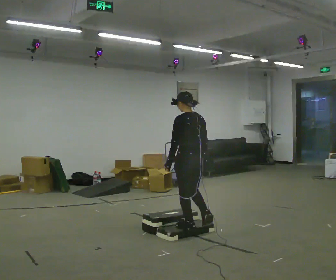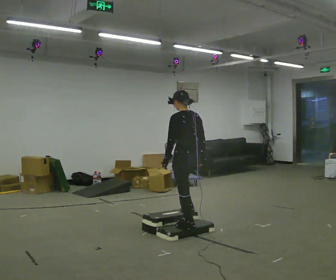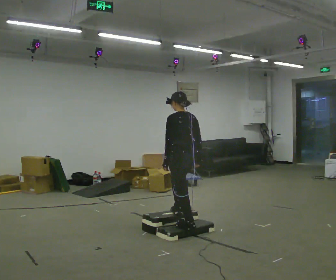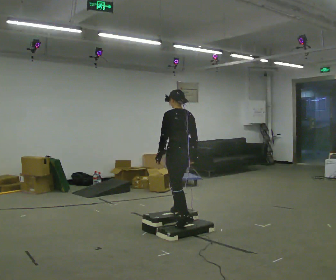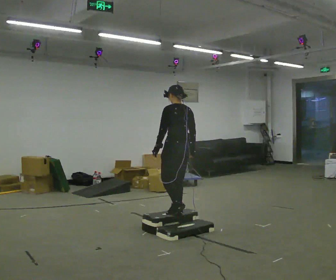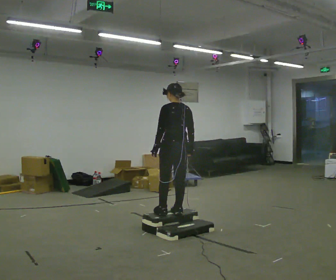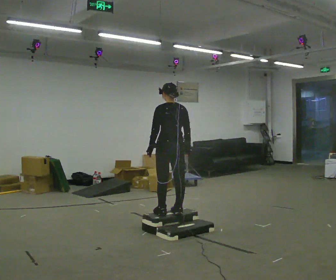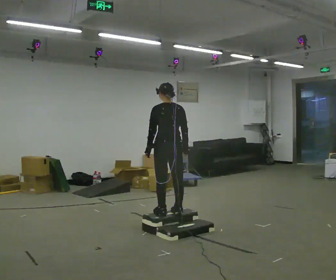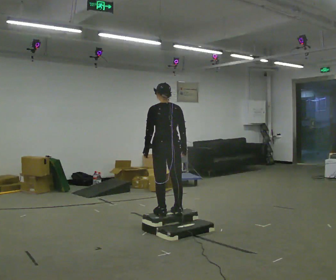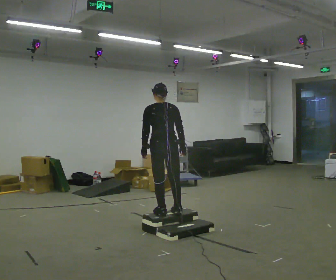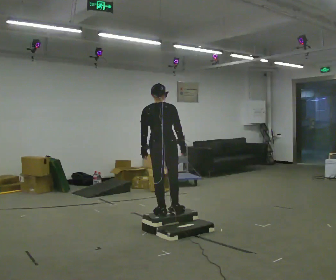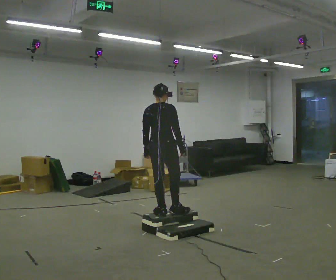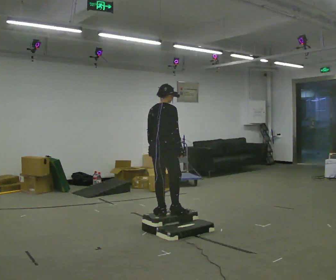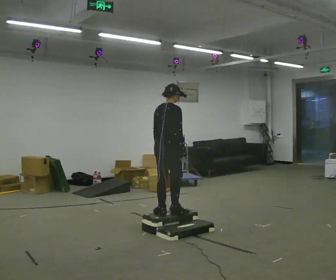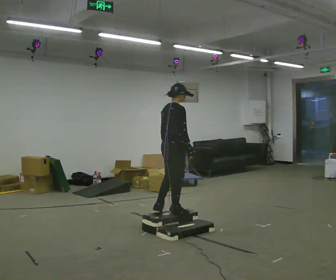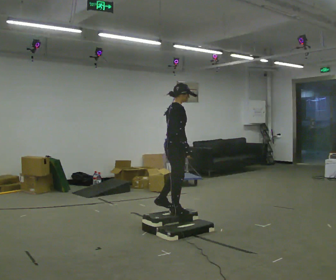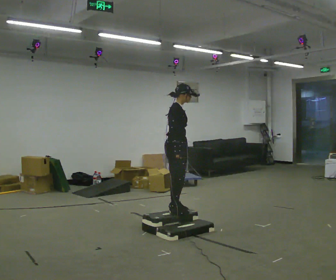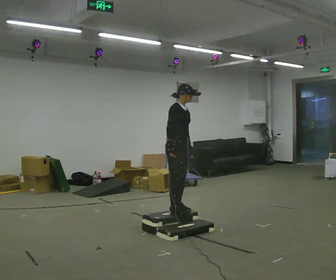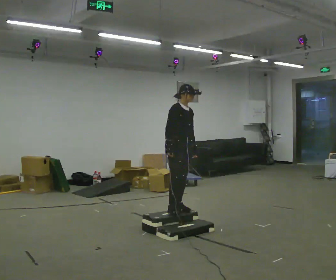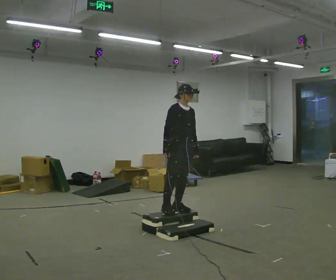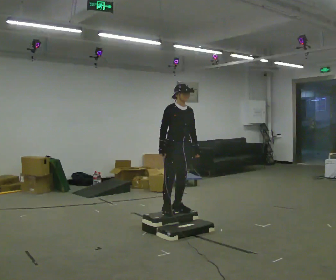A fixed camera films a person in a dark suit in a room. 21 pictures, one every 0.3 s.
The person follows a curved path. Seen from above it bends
clockwise.
The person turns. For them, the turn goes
to their right.
0.0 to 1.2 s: In the picture they go away from the camera, about 0.25 m in 1 step, which for them is forward.
1.2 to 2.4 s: The person moves a little, or ends about where they began.
2.4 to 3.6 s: The person turns about 60 degrees to their right, clockwise seen from above, so the part of the body nearest the lens slides to the left.
3.6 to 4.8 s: The part of the body nearest the lens slides to the left as the person turns to their right by about 60 degrees.
4.8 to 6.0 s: The person turns about 45 degrees to their right, clockwise seen from above, so the part of the body nearest the lens slides to the left.
The film runs forward here.
